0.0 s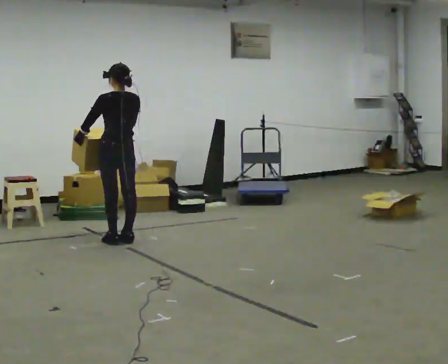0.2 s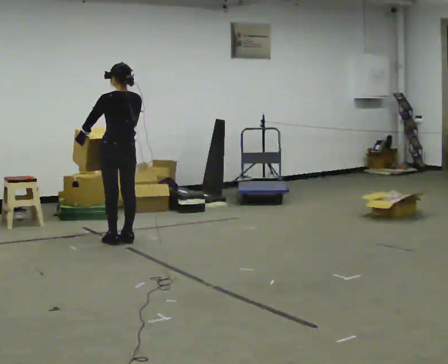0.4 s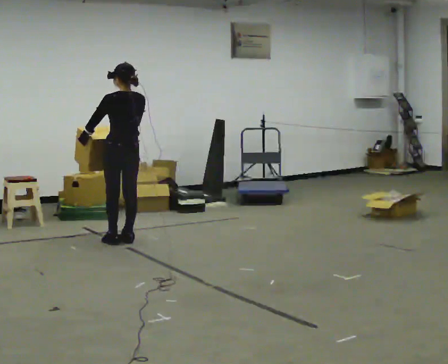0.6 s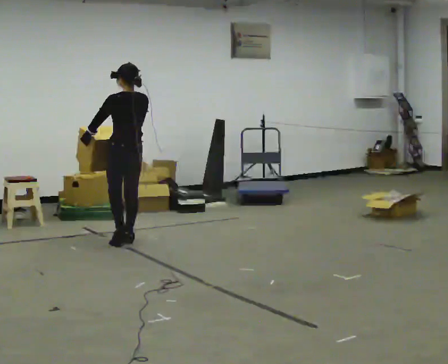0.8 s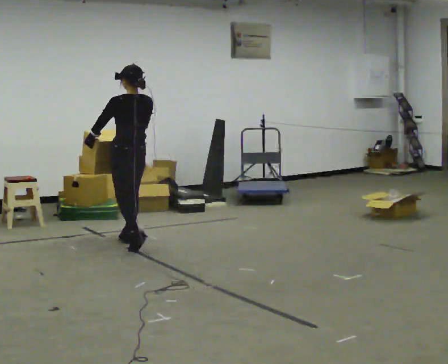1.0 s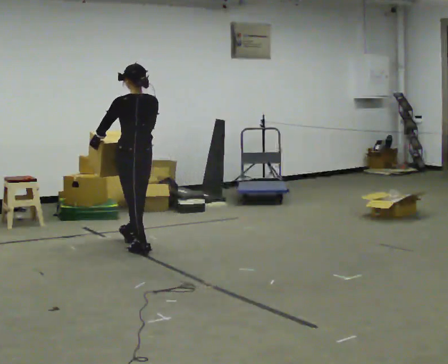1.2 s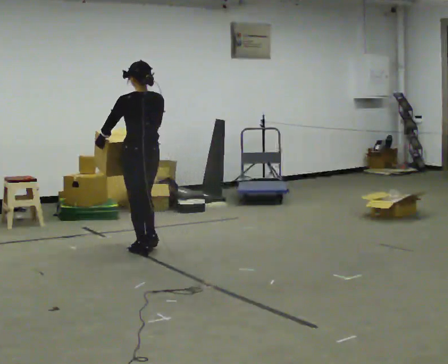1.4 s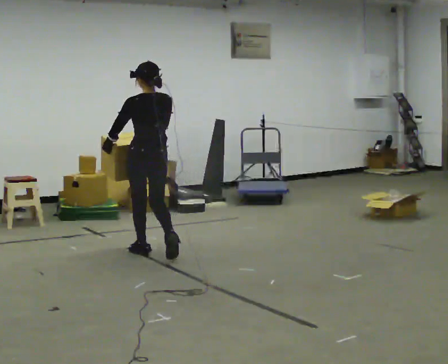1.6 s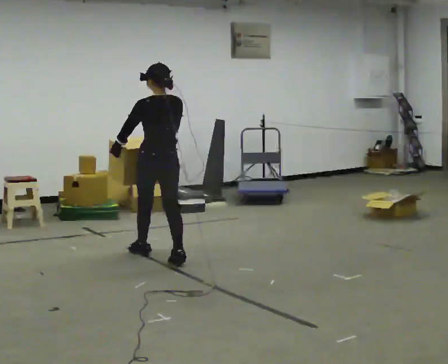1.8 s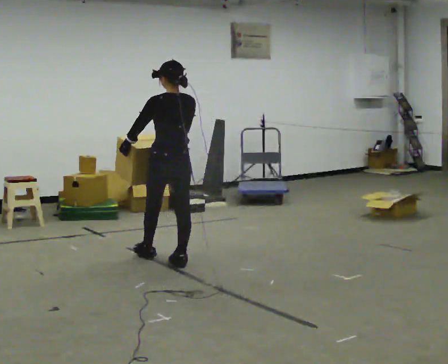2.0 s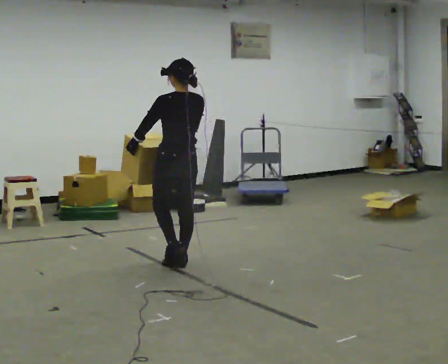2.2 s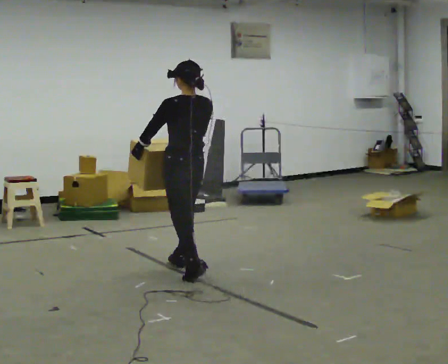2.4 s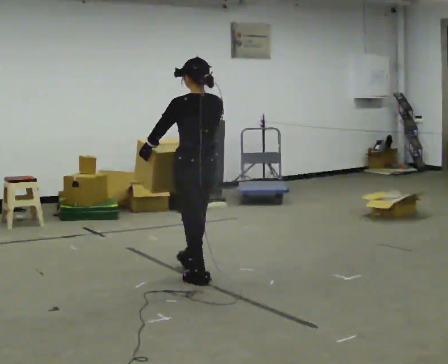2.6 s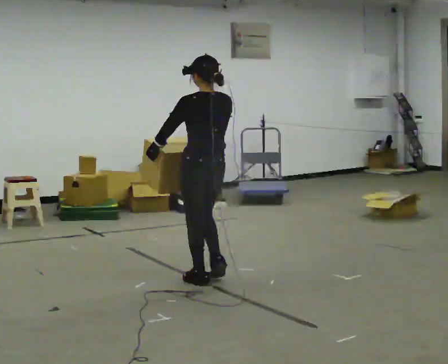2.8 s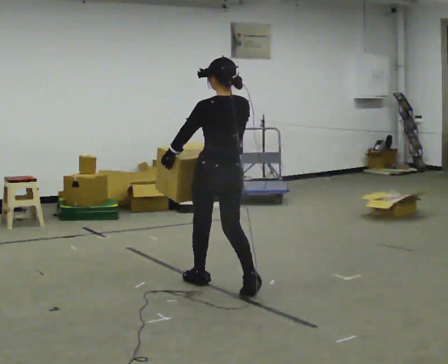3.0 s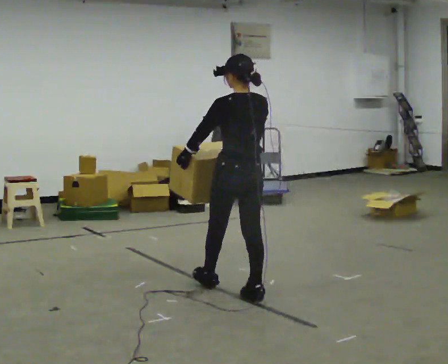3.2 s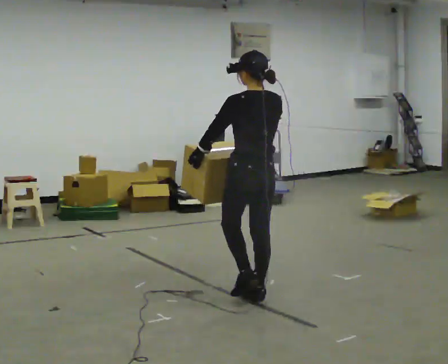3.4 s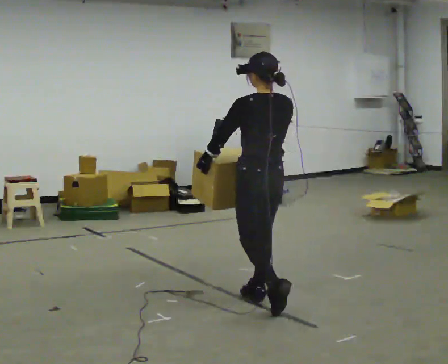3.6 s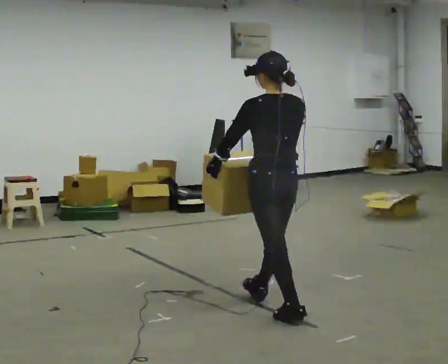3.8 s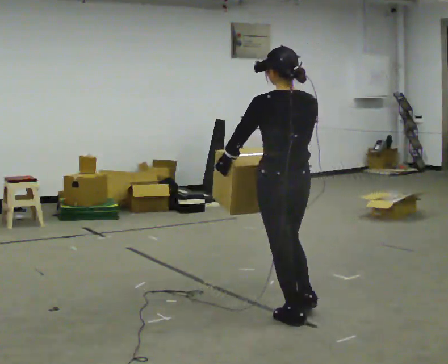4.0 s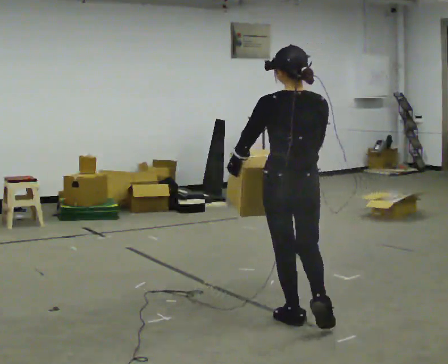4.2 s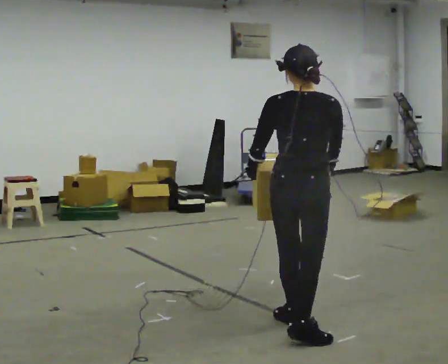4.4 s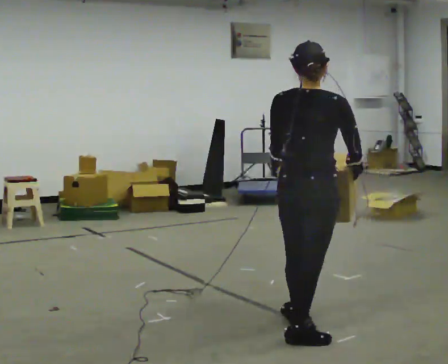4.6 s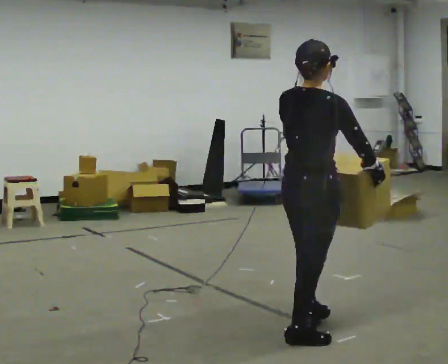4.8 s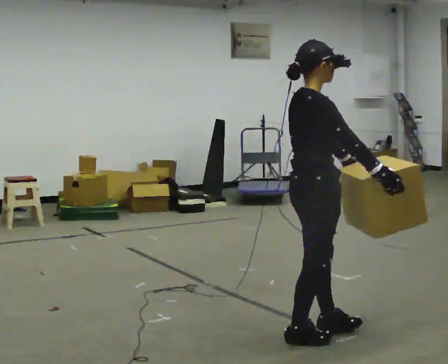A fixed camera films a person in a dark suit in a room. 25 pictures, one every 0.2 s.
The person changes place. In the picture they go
toward the camera.
The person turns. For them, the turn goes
to their right.
0.0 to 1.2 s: In the picture they go toward the camera and to the right, about 0.5 m in 2 steps, which for them is backward.
1.2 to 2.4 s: In the picture they go toward the camera and to the right, about 1 m in 2 steps, which for them is backward.
2.4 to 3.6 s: In the picture they go toward the camera and to the right, about 1 m in 2 steps, which for them is backward.
3.6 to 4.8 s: Seen from above the body turns clockwise, about 105 degrees: to their right, with its near side sliding to the left. In the picture they go toward the camera, about 0.5 m.
The film runs backward here.
